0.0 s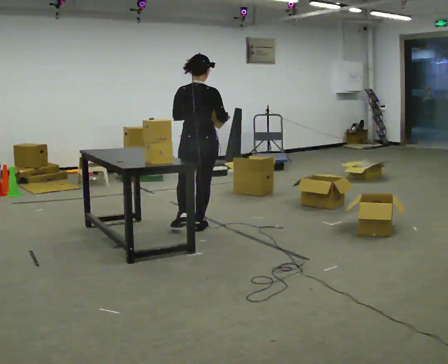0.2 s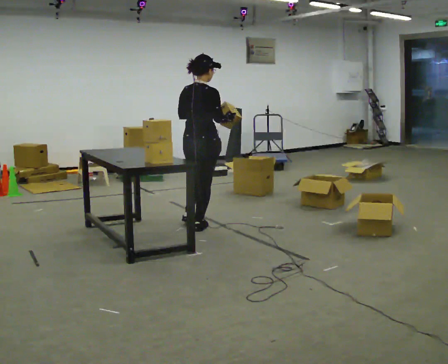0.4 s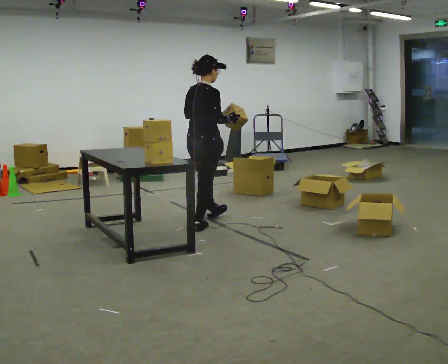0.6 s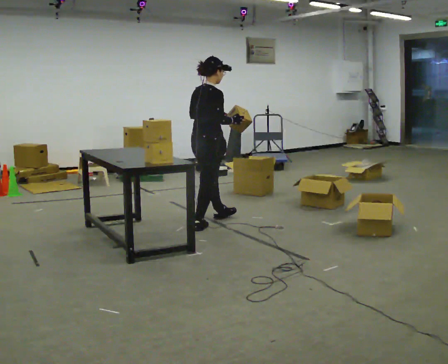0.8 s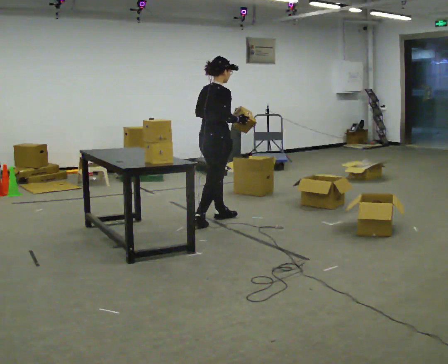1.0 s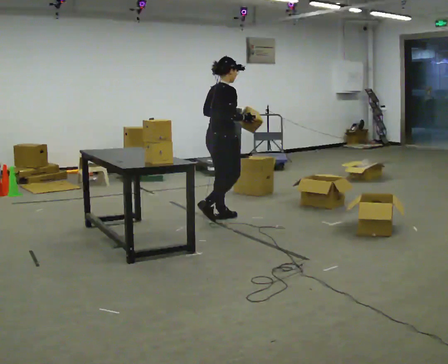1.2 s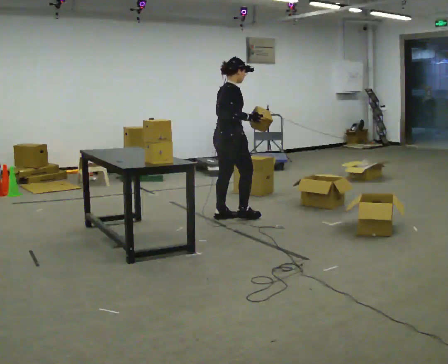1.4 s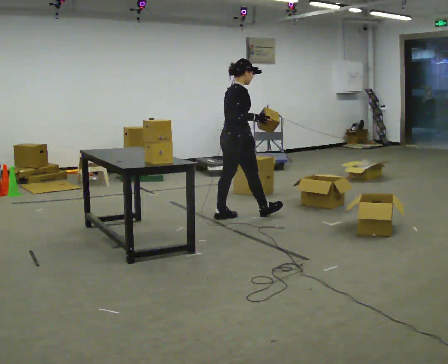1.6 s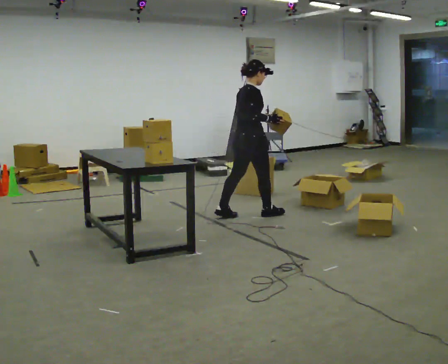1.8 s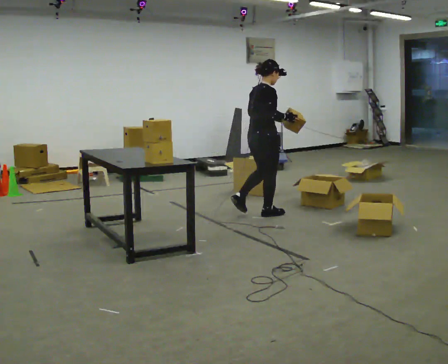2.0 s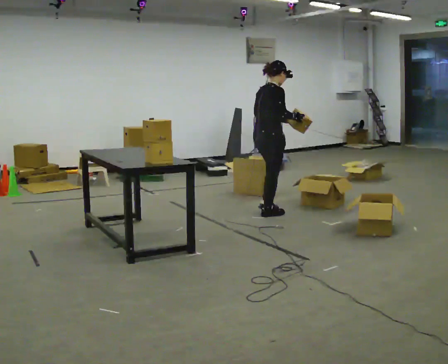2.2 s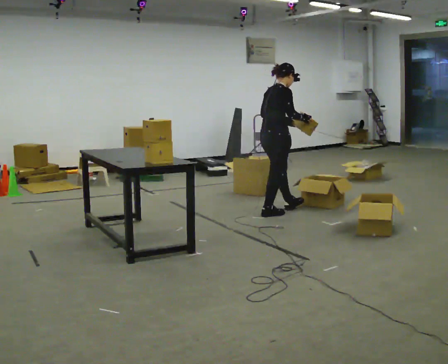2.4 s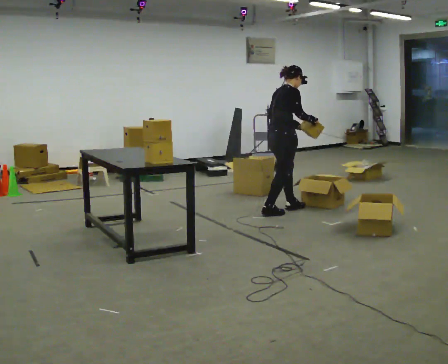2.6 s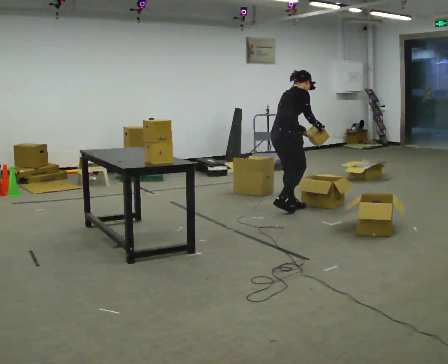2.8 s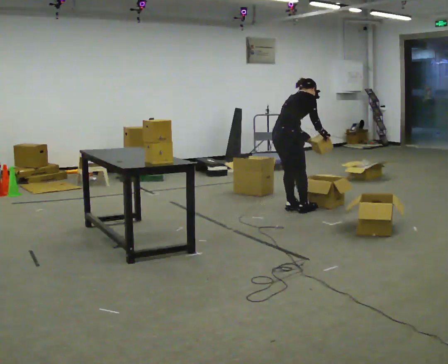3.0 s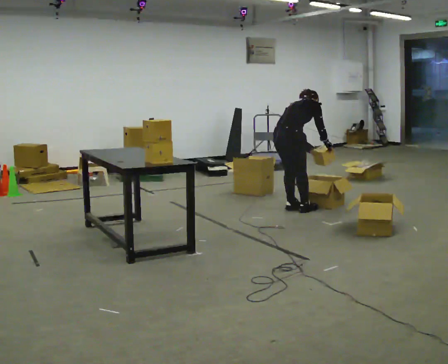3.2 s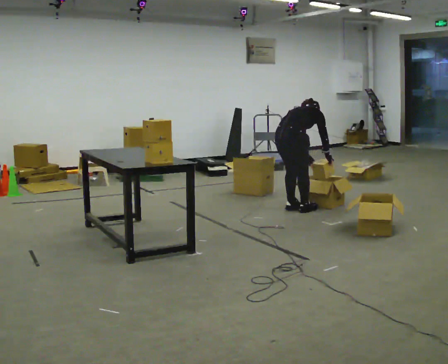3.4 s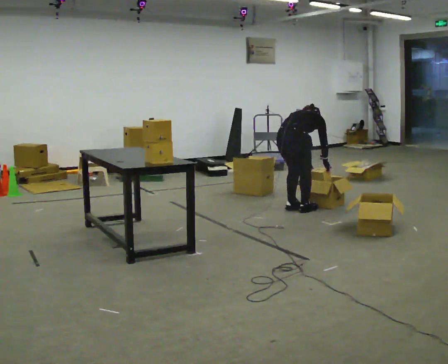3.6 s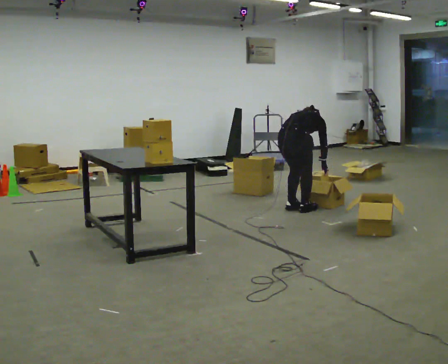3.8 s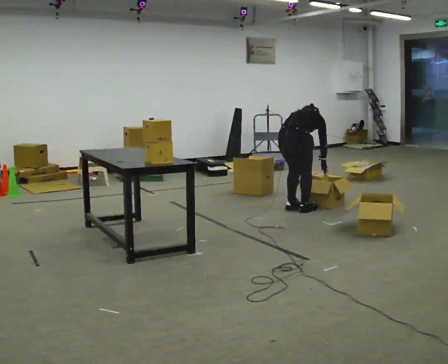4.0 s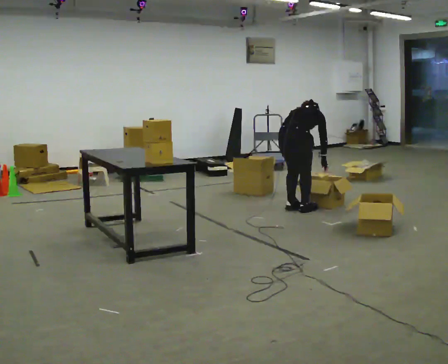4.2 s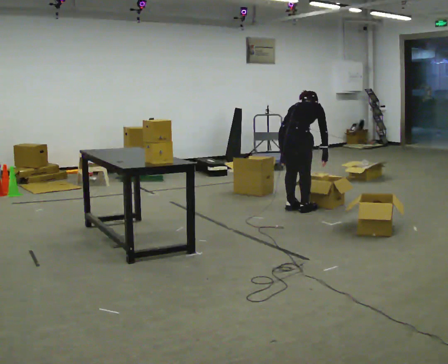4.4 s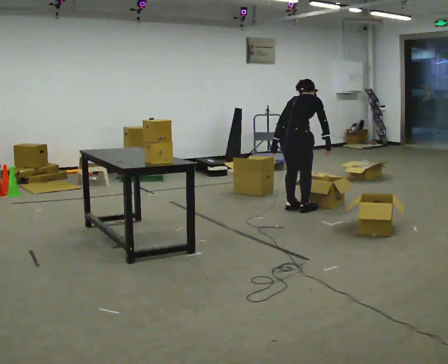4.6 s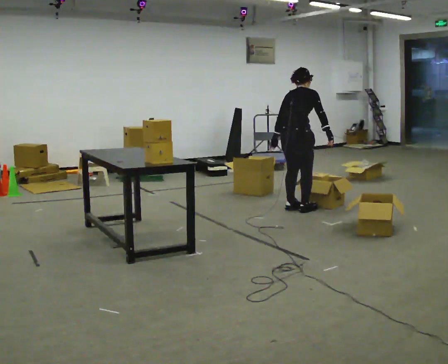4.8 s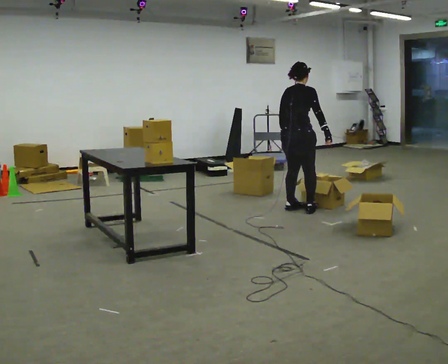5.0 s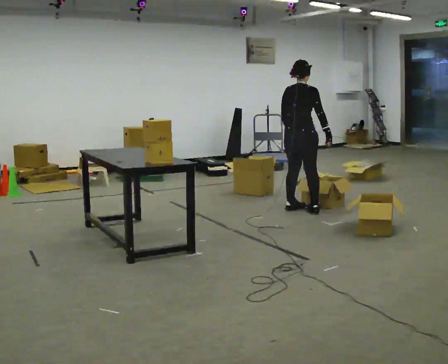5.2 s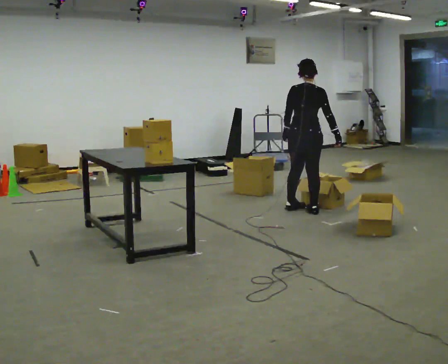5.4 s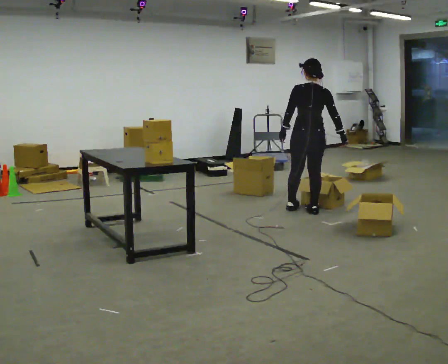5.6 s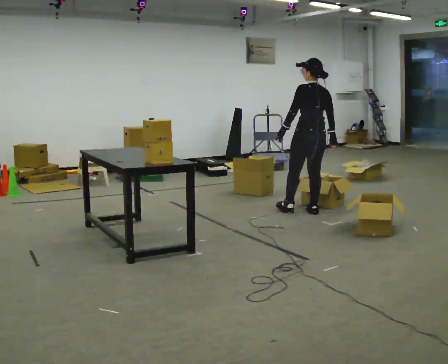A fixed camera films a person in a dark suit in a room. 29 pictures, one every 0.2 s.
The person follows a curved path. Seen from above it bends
clockwise.
The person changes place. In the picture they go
to the right.
0.0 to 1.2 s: The part of the body nearest the lens slides to the left as the person turns to their right by about 60 degrees. In the picture they go away from the camera and to the right, about 0.5 m in 1 step, which for them is forward.
1.2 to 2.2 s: In the picture they go to the right and away from the camera, about 0.5 m in 1 step, which for them is forward.
2.2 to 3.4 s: In the picture they go to the right, about 0.25 m in 2 steps, which for them is forward. The shoulders move downward. The upper body tips away from the camera, its near side rolling upward, as they bend forward. In the picture their left hand goes downward.
3.4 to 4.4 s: The upper body goes upward. The upper body tips toward the camera, its near side rolling downward, as they lean back or straighten. In the picture their left hand goes to the left.
4.4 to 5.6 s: The part of the body nearest the lens slides to the right as the person turns to their left by about 60 degrees. In the picture they go to the right, about 0.25 m in 1 step. The upper body tips toward the camera, its near side rolling downward, as they lean back or straighten.
The film runs forward here.
